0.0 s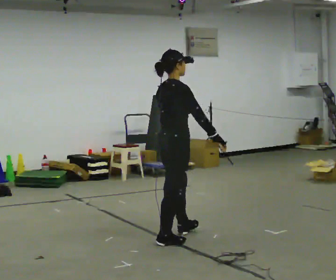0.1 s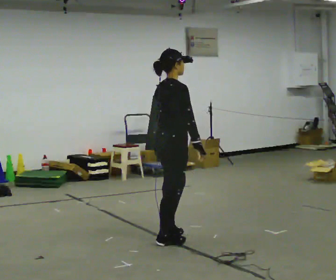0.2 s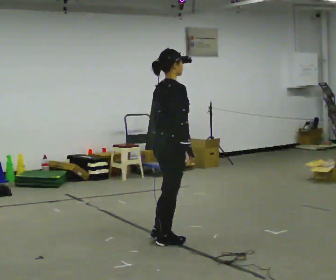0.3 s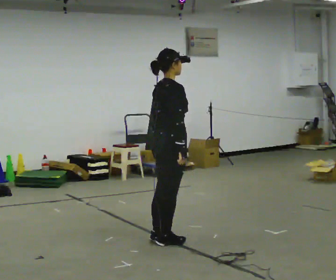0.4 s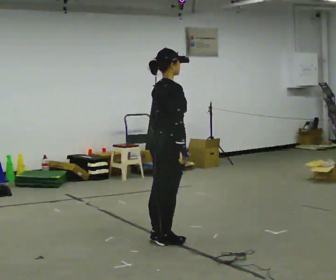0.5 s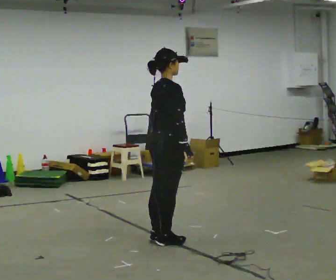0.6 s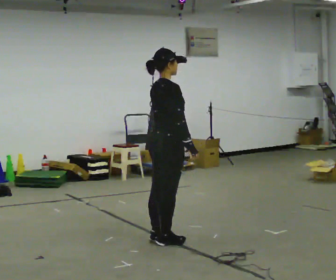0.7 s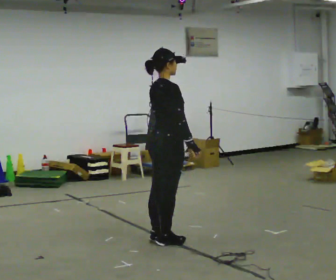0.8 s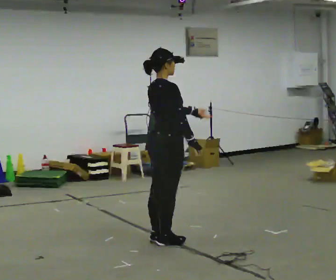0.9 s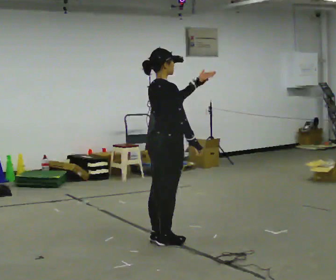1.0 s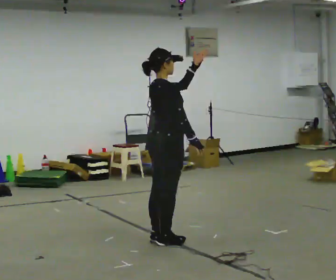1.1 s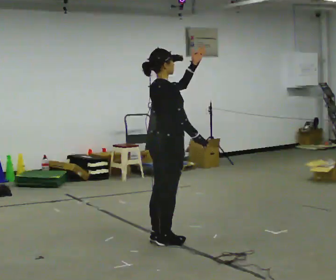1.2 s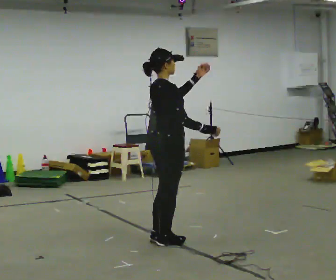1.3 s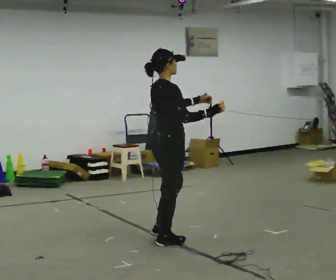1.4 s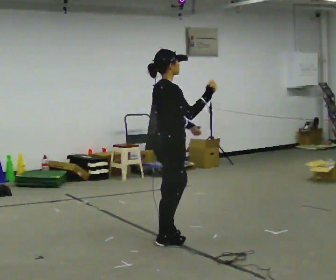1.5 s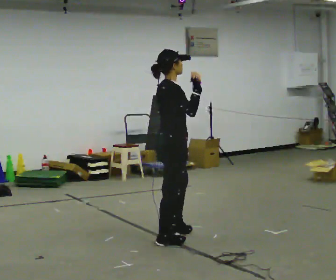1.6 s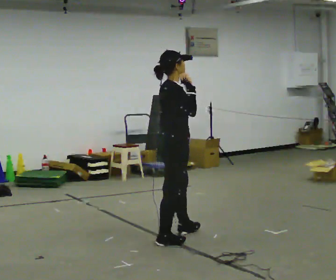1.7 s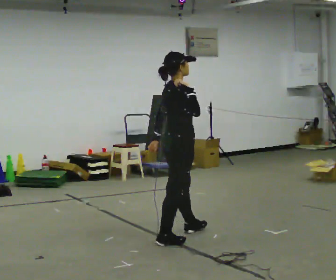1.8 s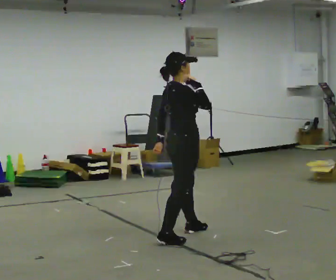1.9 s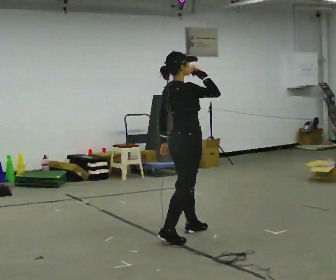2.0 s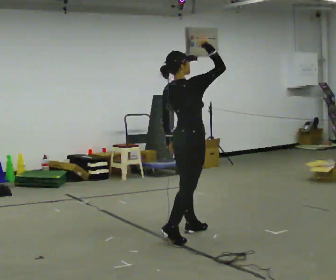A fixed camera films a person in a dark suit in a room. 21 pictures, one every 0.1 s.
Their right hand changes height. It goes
upward.
0.0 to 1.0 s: In the picture their left hand goes upward, the arm swinging counterclockwise.
1.0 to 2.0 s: In the picture they go away from the camera and to the right, about 0.25 m in 1 step, which for them is forward and to their left. In the picture their right hand goes upward.
The film runs forward here.
